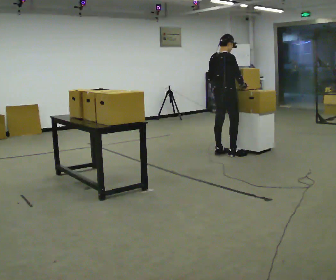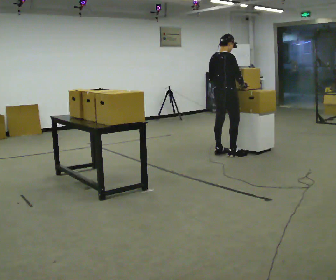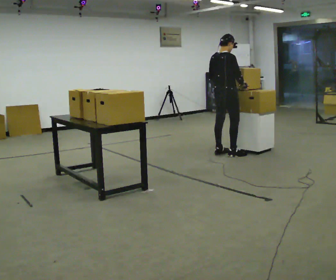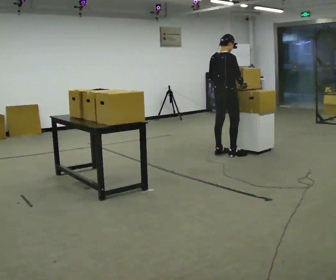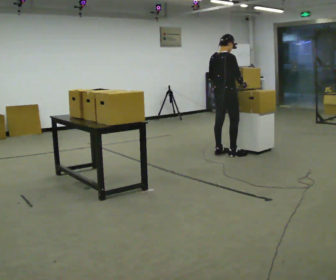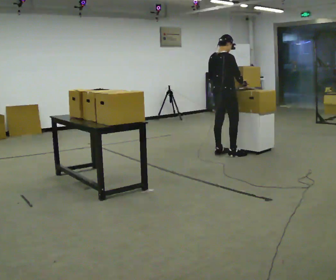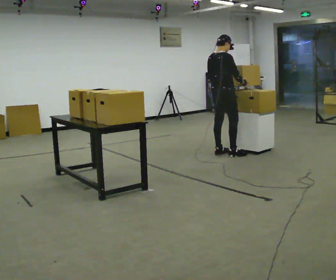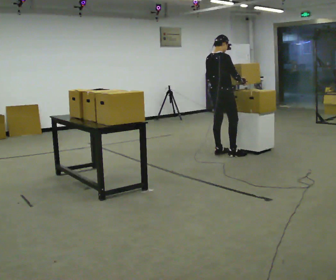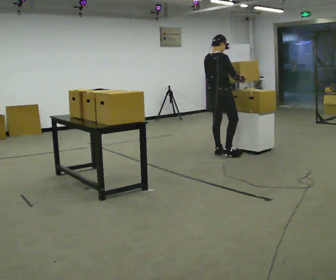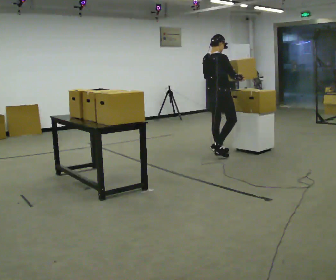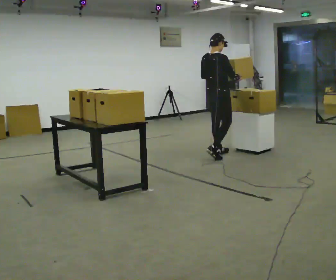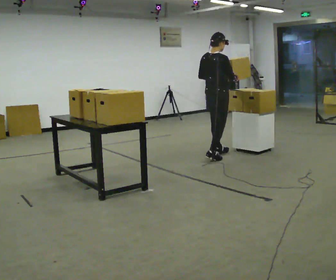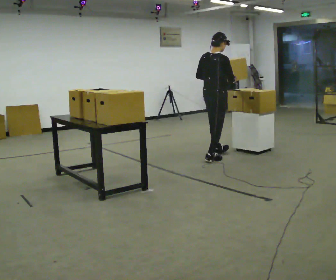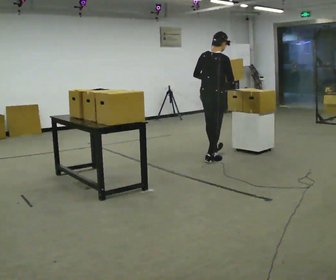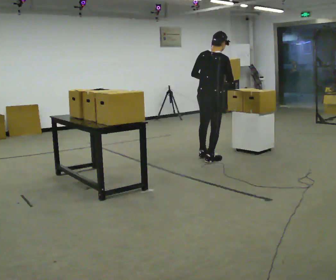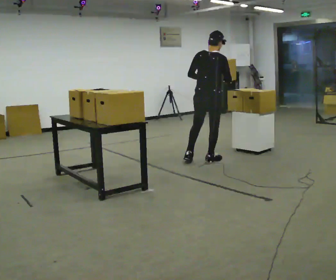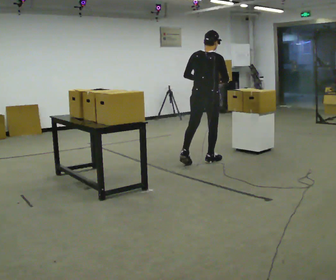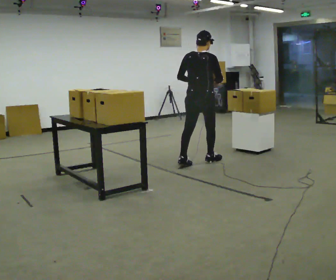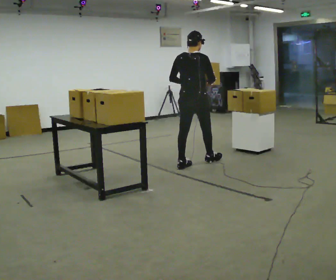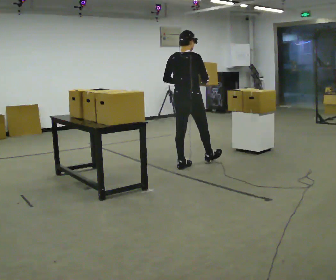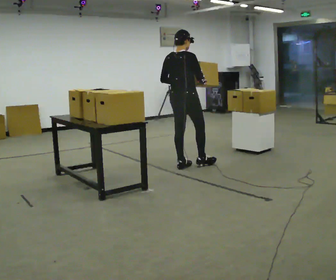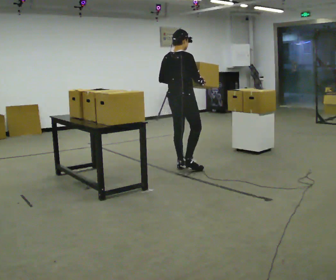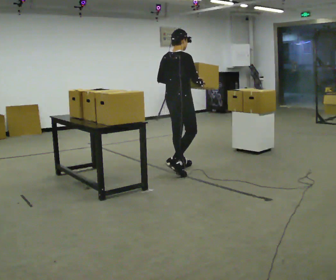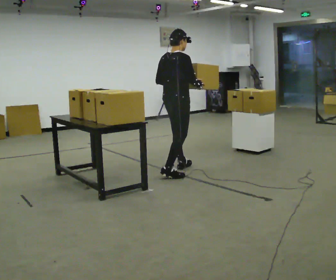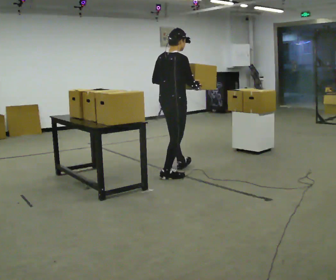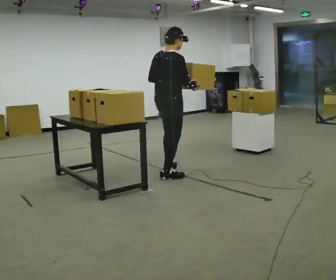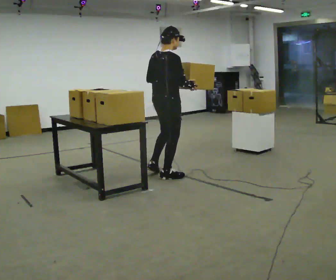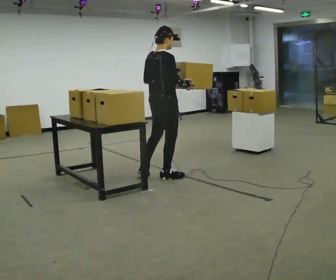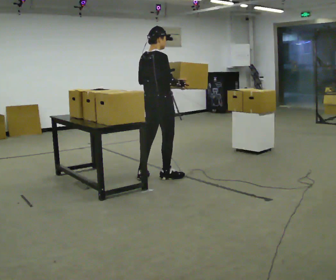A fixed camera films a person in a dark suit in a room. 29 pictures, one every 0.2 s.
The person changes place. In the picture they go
toward the camera.
0.0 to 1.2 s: The person moves a little, or ends about where they began.
1.2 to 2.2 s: In the picture they go toward the camera, about 0.25 m in 1 step, which for them is backward.
2.2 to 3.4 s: The part of the body nearest the lens slides to the right as the person turns to their left by about 30 degrees. In the picture they go toward the camera and to the left, about 0.5 m in 1 step, which for them is backward.
3.4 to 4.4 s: The person turns about 30 degrees to their right, clockwise seen from above, so the part of the body nearest the lens slides to the left. In the picture they go toward the camera and to the left, about 0.5 m in 1 step, which for them is backward.
4.4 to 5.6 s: In the picture they go toward the camera and to the left, about 0.5 m in 1 step, which for them is backward.
The film runs backward here.
